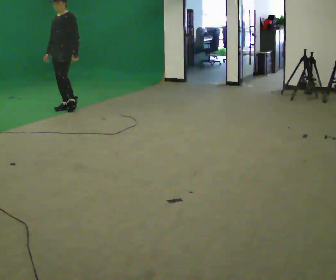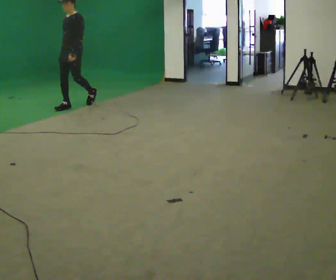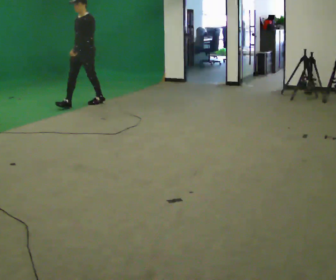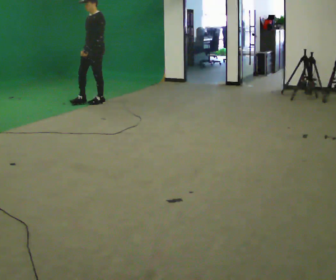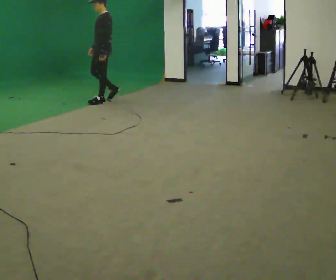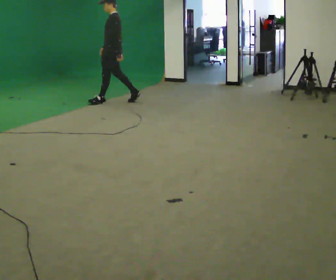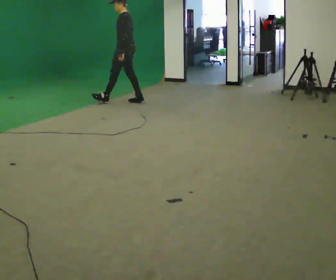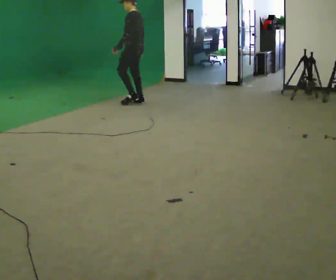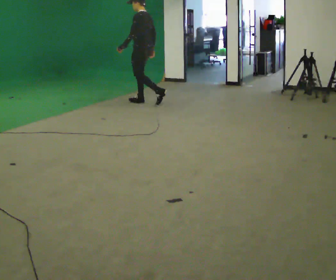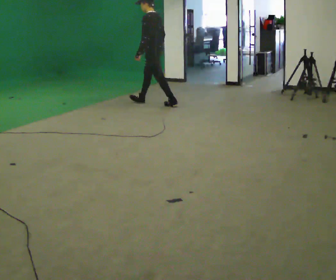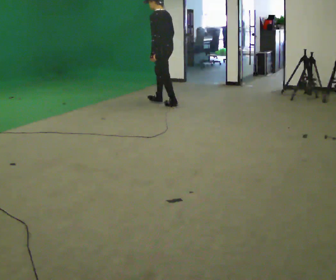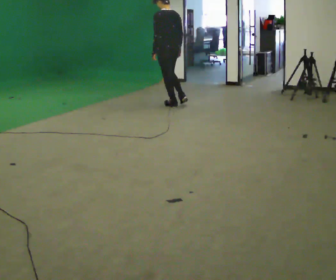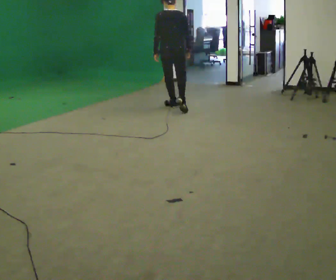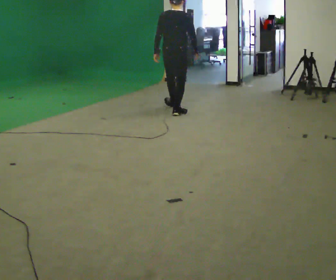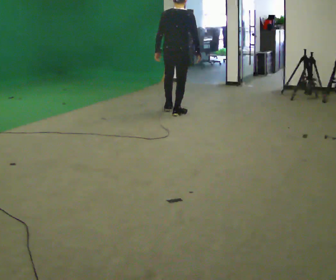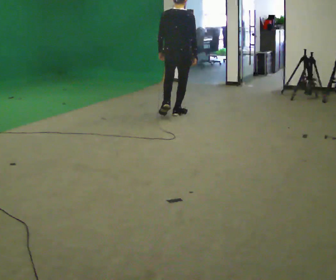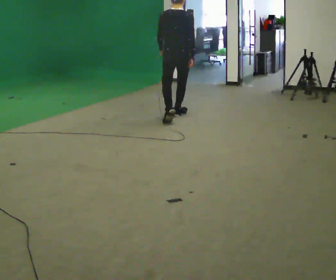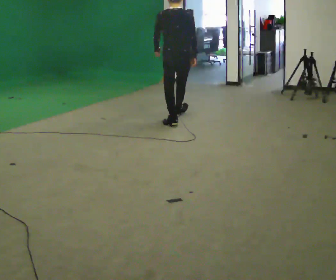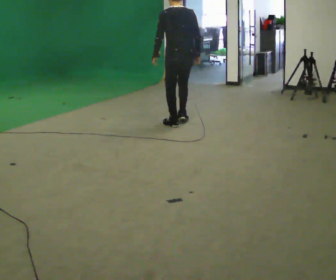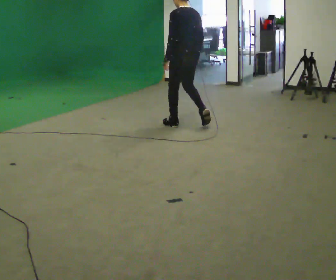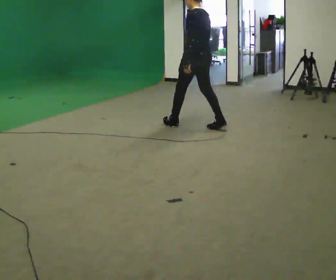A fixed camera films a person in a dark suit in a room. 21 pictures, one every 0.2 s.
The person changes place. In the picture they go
to the right.
0.0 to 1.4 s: The part of the body nearest the lens slides to the left as the person turns to their right by about 75 degrees. In the picture they go to the right and away from the camera, about 1 m in 2 steps.
1.4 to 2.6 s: The part of the body nearest the lens slides to the left as the person turns to their right by about 90 degrees. In the picture they go to the right and toward the camera, about 1 m in 1 step.
2.6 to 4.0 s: Seen from above the body turns counterclockwise, about 60 degrees: to their left, with its near side sliding to the right. In the picture they go toward the camera, about 1 m in 2 steps.
The film runs backward here.
